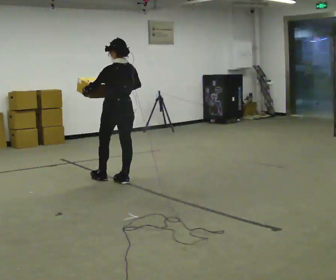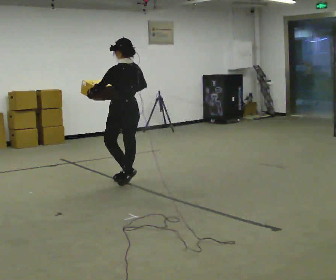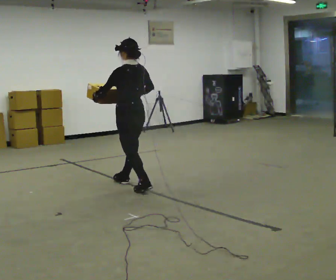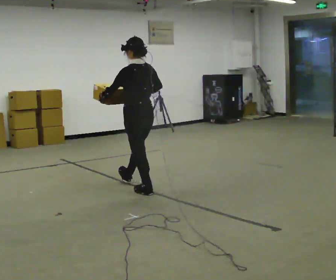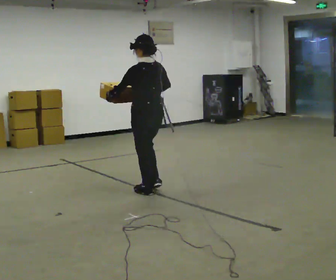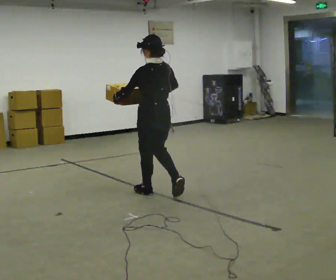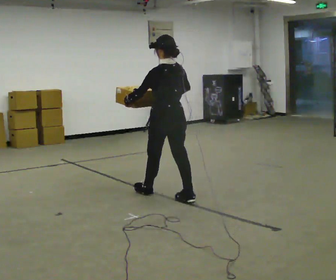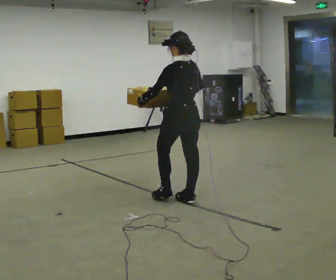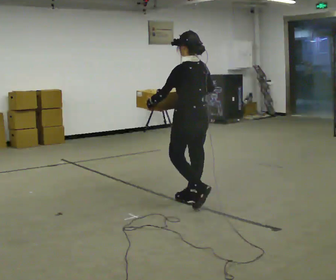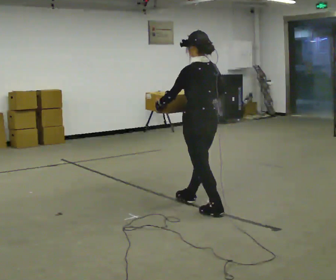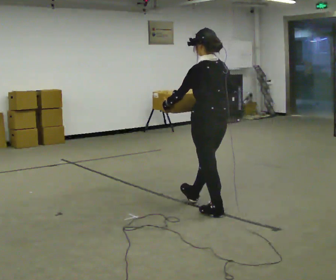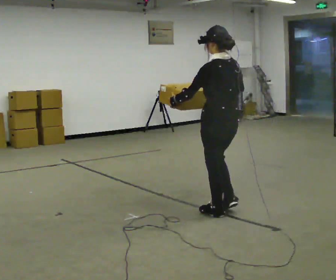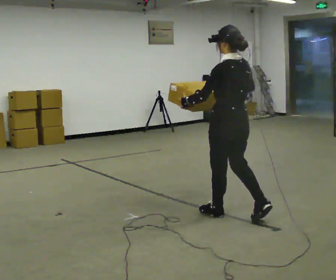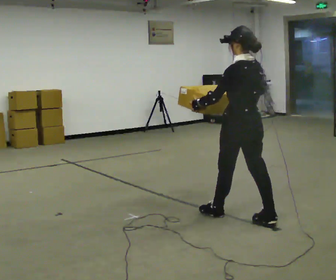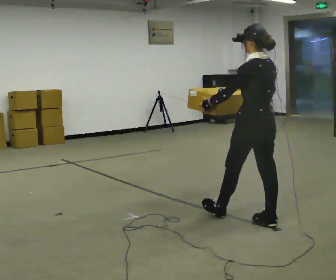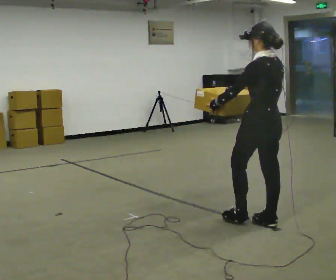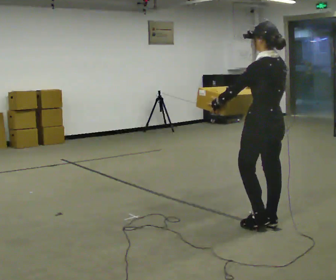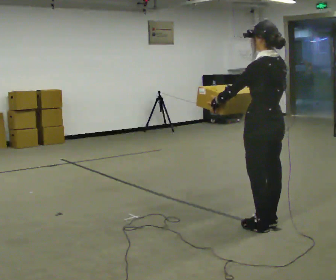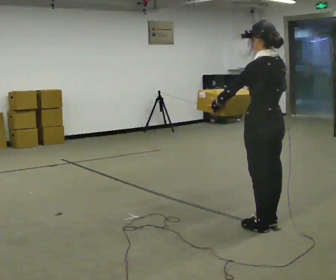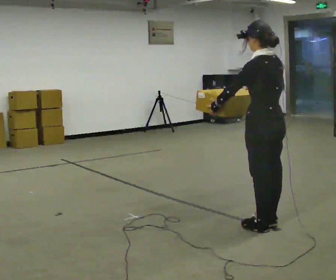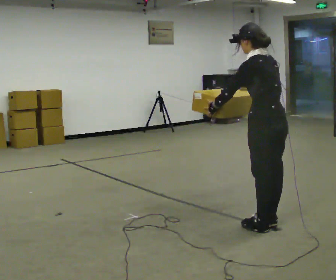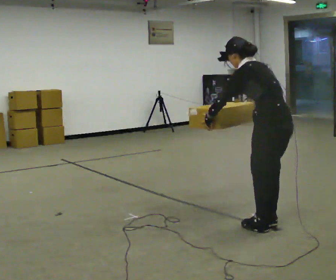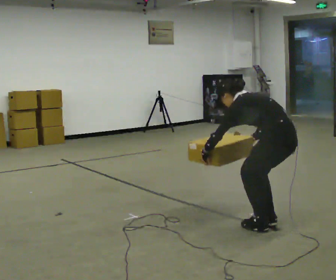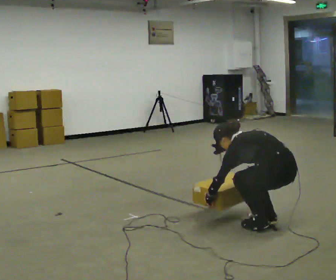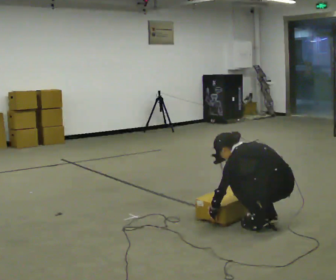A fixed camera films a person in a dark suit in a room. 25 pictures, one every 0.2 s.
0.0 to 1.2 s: In the picture they go to the right and toward the camera, about 1 m in 1 step, which for them is backward.
1.2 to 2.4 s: In the picture they go to the right and toward the camera, about 1 m in 2 steps, which for them is backward.
2.4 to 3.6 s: In the picture they go to the right and toward the camera, about 0.25 m in 1 step, which for them is backward.
3.6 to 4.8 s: The shoulders move downward. In the picture the upper body tilts counterclockwise, shoulders to the left, as they bend forward. In the picture their left hand goes downward.
The film runs backward here.
